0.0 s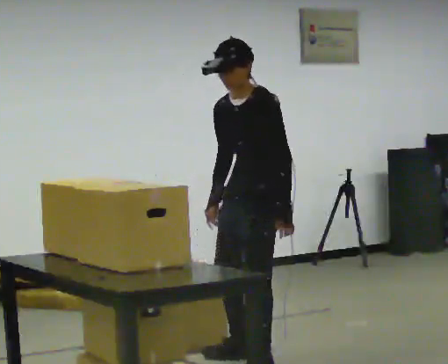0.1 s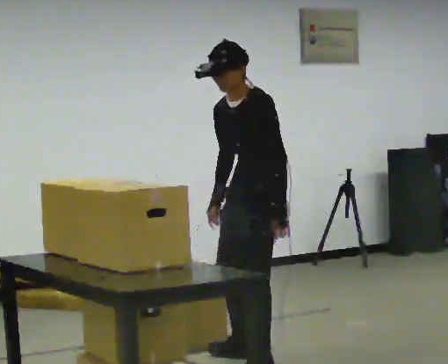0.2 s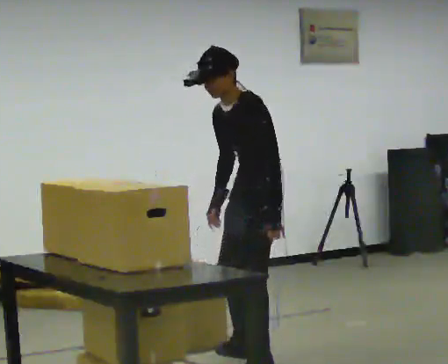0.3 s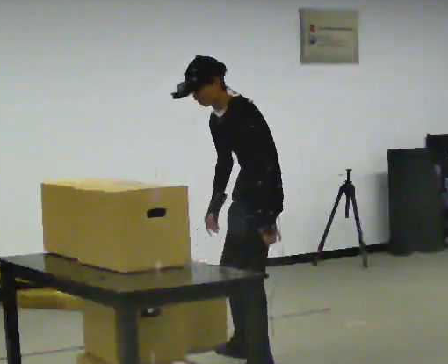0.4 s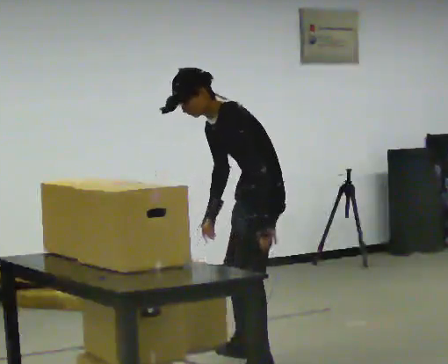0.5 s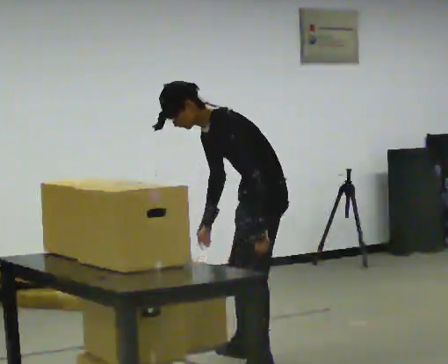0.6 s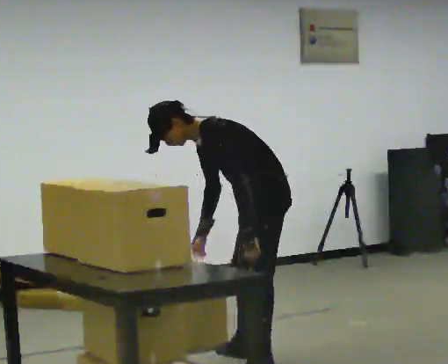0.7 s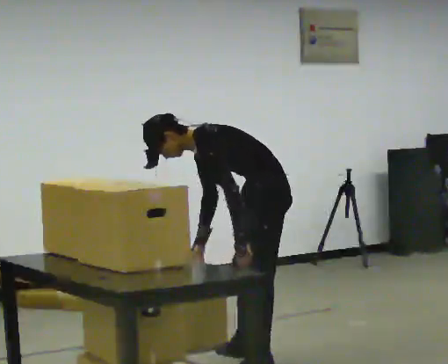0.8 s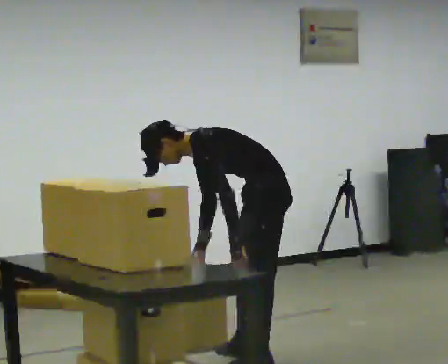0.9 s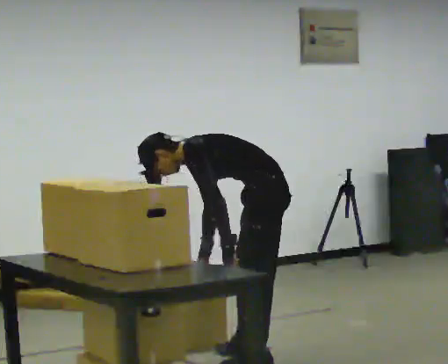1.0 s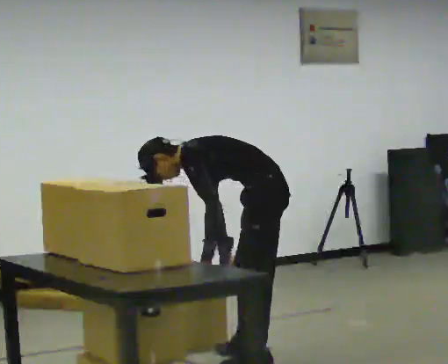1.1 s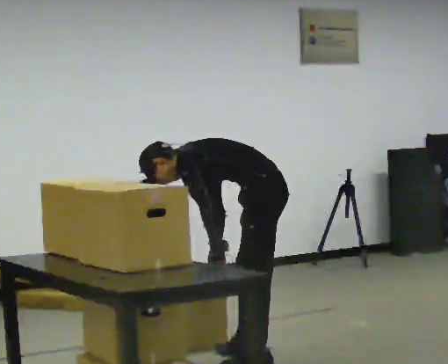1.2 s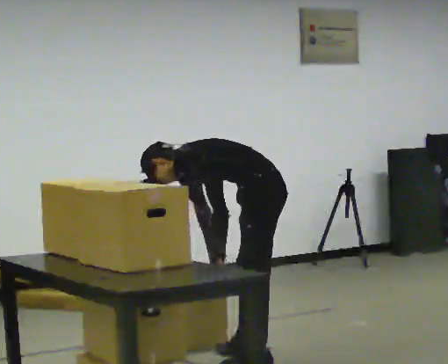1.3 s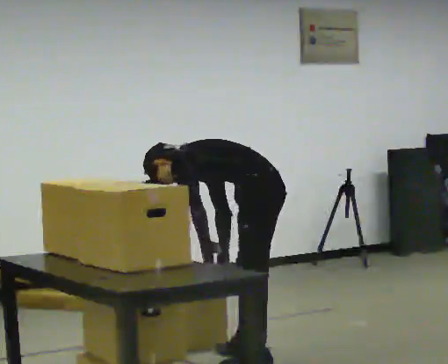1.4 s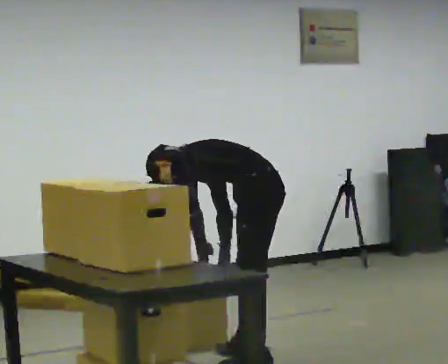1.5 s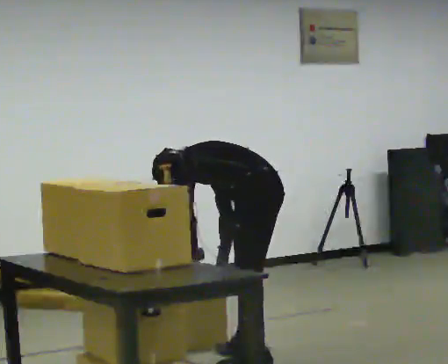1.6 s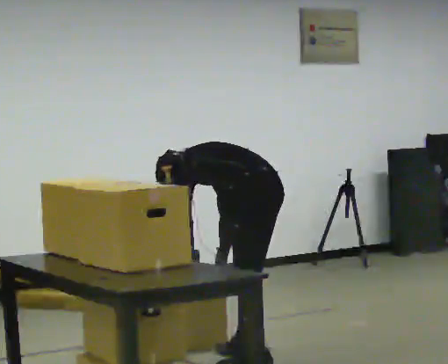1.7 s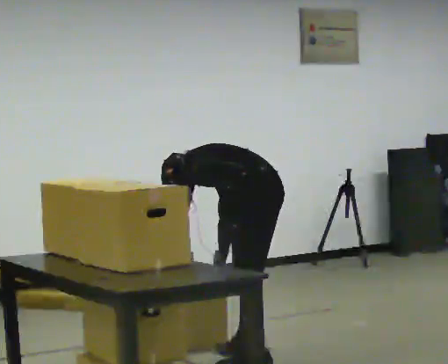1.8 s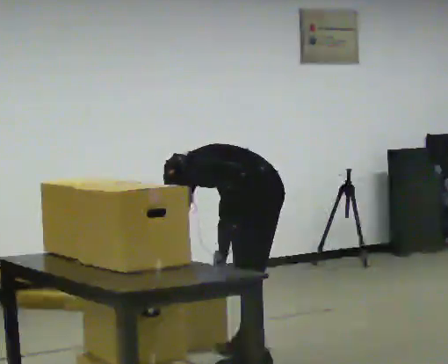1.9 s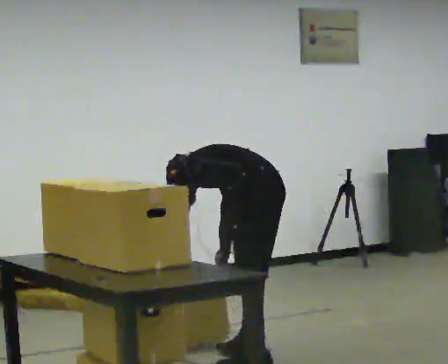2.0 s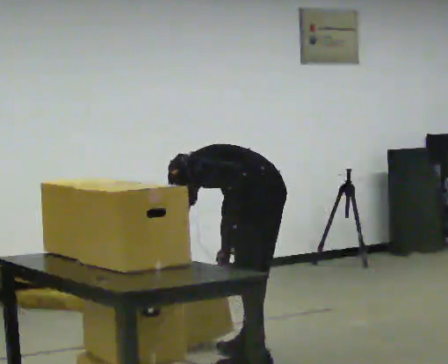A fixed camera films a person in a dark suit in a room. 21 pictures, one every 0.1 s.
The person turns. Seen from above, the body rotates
clockwise.
The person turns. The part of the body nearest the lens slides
to the left.
0.0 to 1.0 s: The person turns about 45 degrees to their right, clockwise seen from above, so the part of the body nearest the lens slides to the left. In the picture they go away from the camera, about 0.25 m, which for them is to their right. The upper body goes downward. In the picture the upper body tilts counterclockwise, shoulders to the left, as they bend forward. In the picture their right hand goes downward.
1.0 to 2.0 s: The part of the body nearest the lens slides to the left as the person turns to their right by about 30 degrees. The upper body tips away from the camera, its near side rolling upward.
The film runs backward here.
